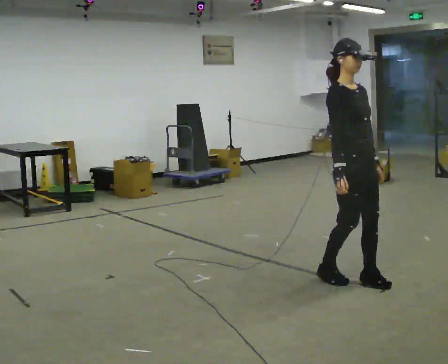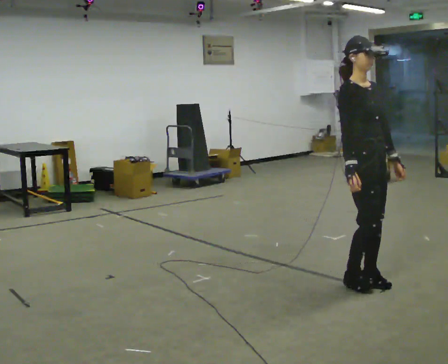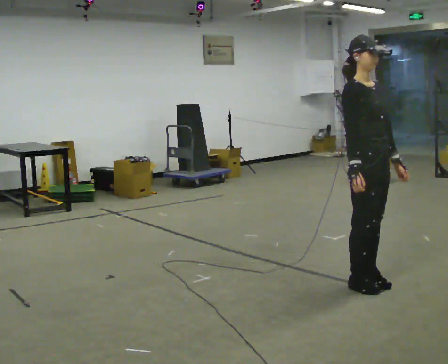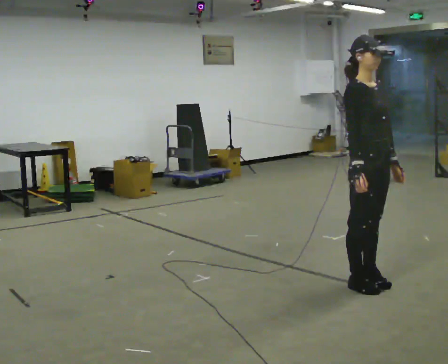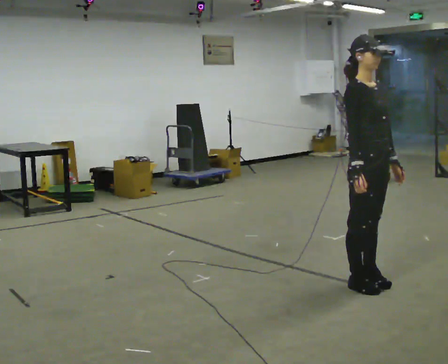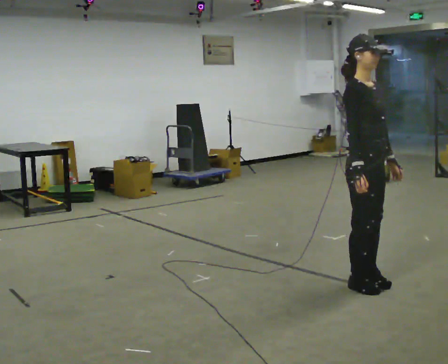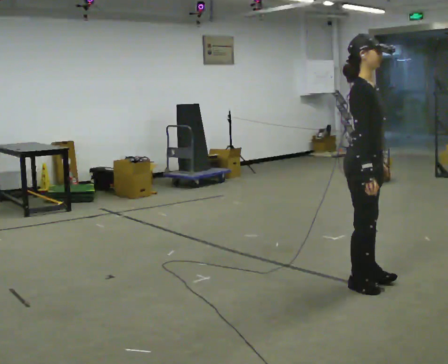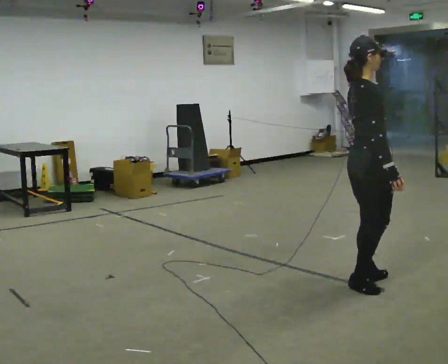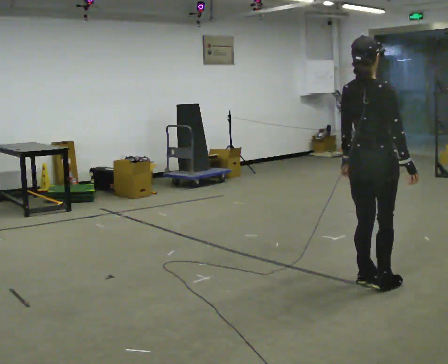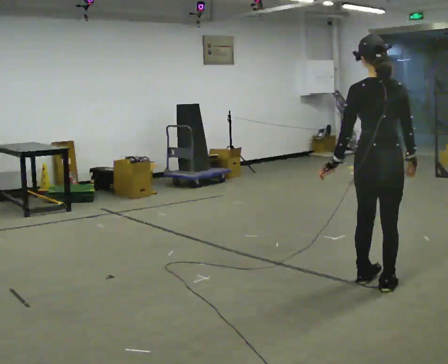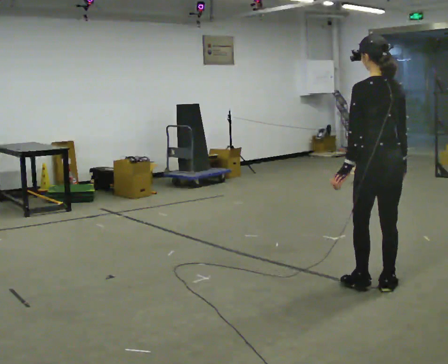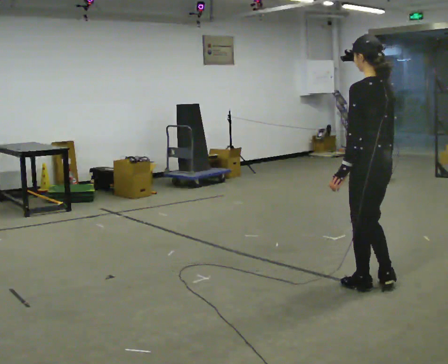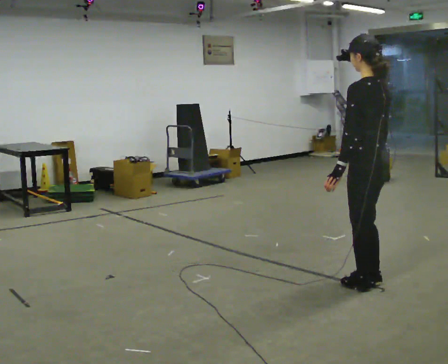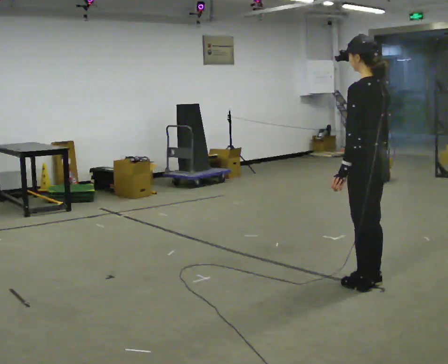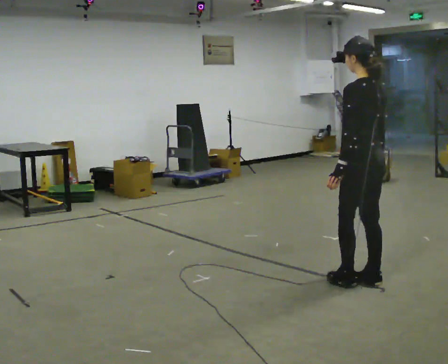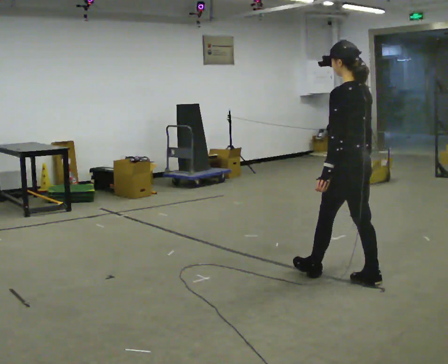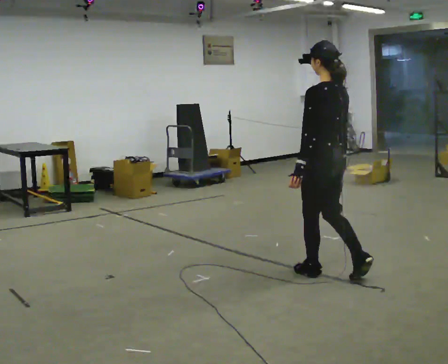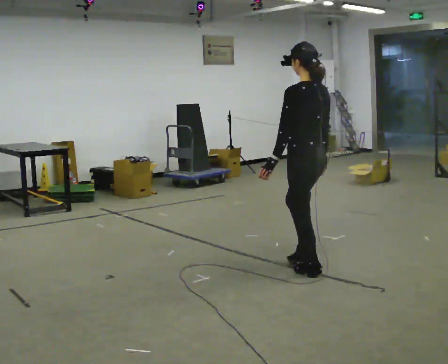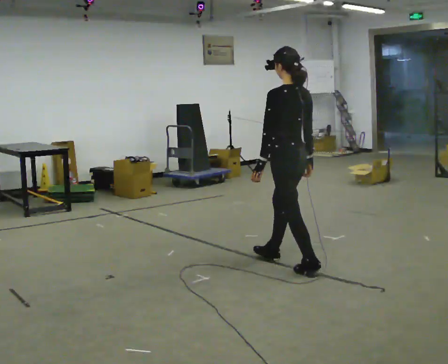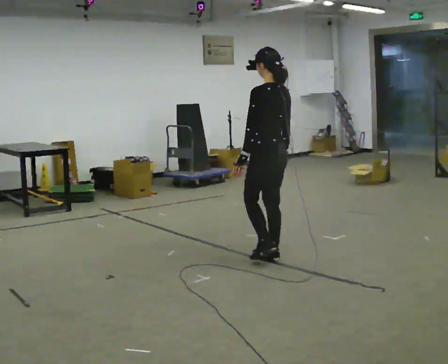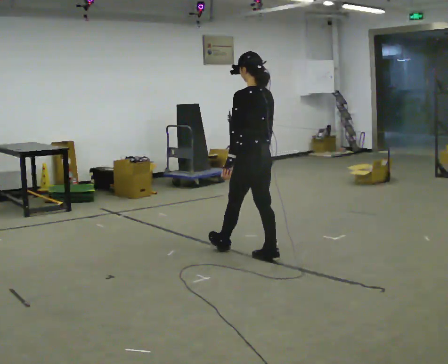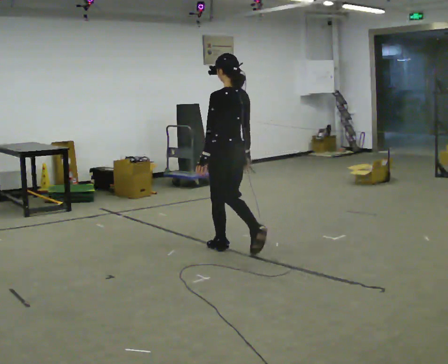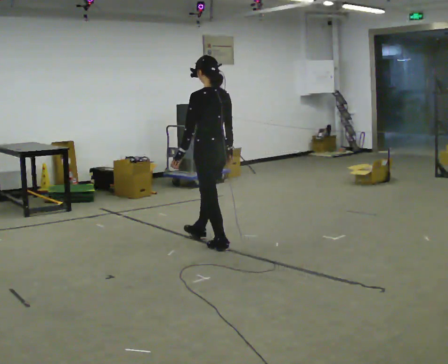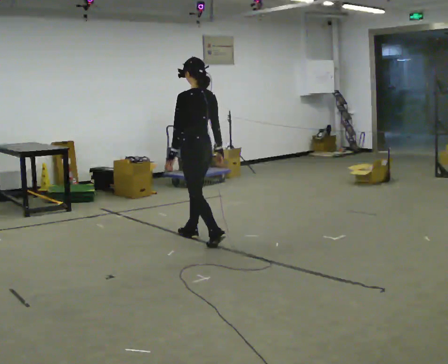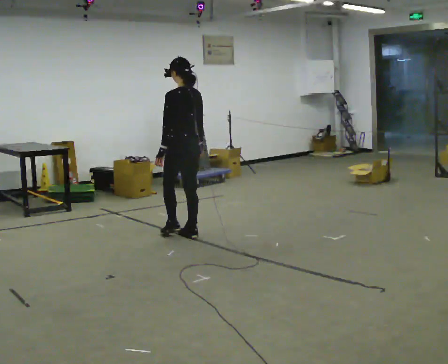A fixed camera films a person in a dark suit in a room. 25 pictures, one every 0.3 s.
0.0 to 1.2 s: The person moves a little, or ends about where they began.
1.2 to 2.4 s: The person turns about 90 degrees to their left, counterclockwise seen from above, so the part of the body nearest the lens slides to the right. In the picture their right hand goes to the right.
2.4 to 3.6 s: The person turns about 90 degrees to their left, counterclockwise seen from above, so the part of the body nearest the lens slides to the right.
3.6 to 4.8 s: In the picture they go to the left and away from the camera, about 0.5 m in 1 step, which for them is forward.
4.8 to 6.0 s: In the picture they go to the left and away from the camera, about 0.5 m in 1 step, which for them is forward.
6.0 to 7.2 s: In the picture they go to the left and away from the camera, about 1 m in 2 steps, which for them is forward.
The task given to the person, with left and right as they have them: Walk forward with your feet closer together than normal, or further apart than normal, as the operator states; stop.
The film runs forward here.
